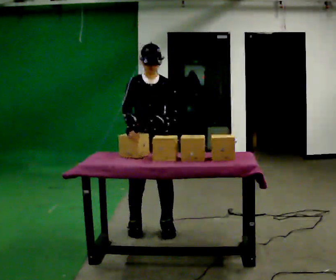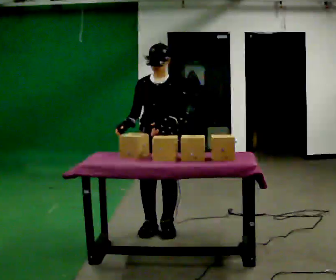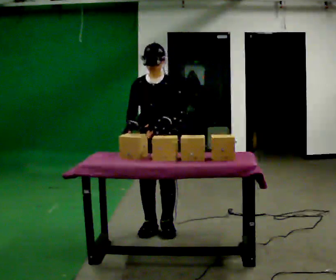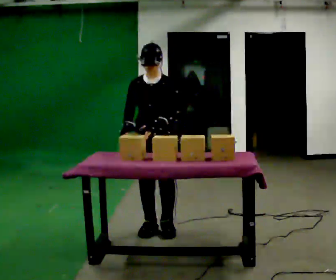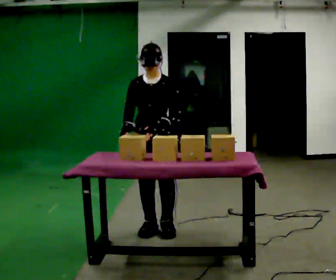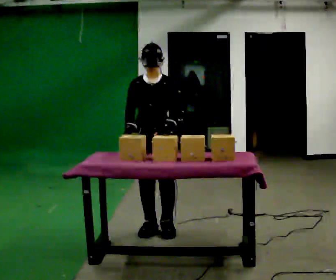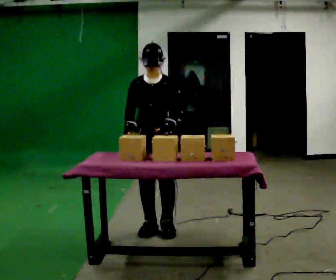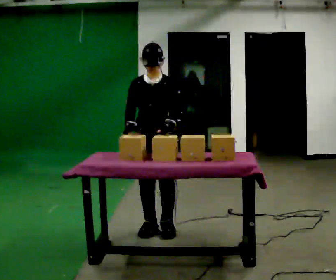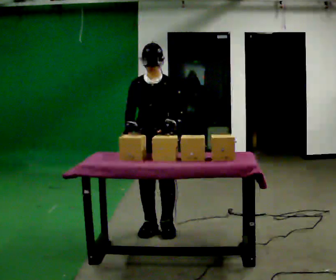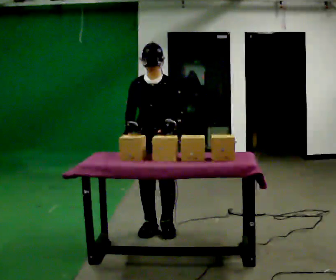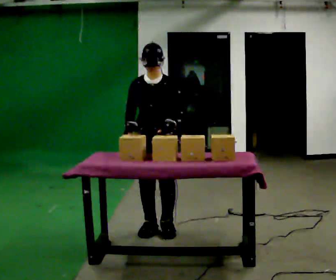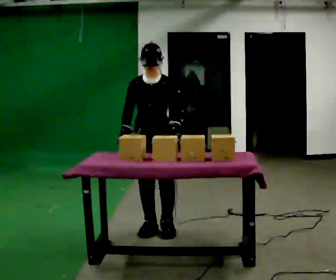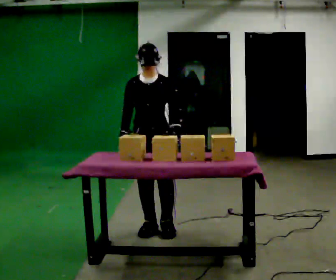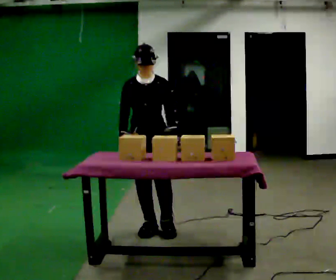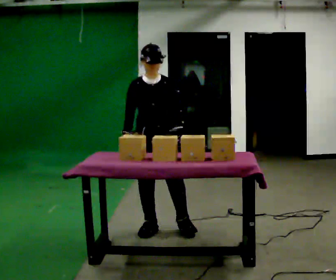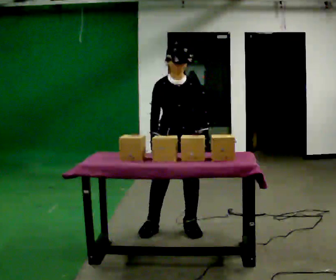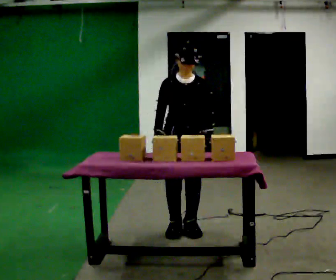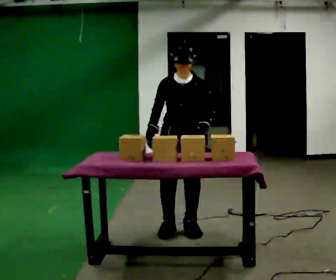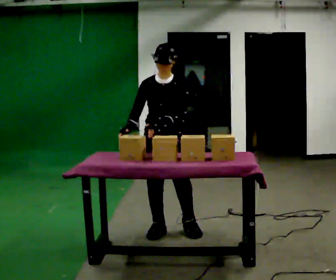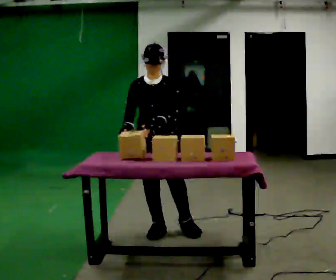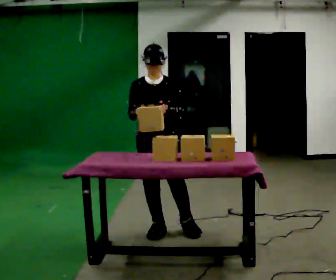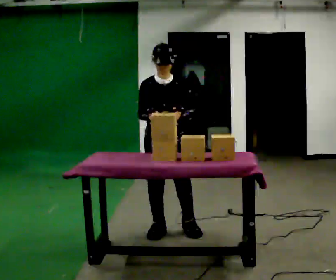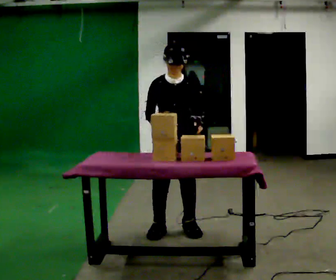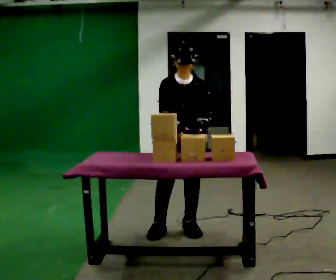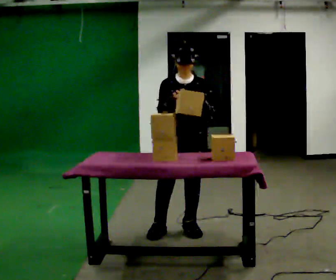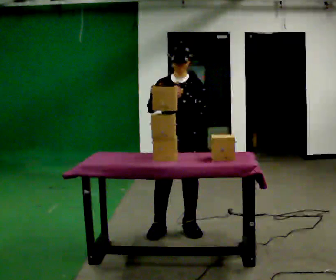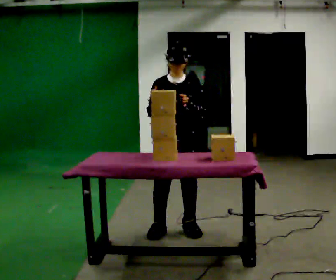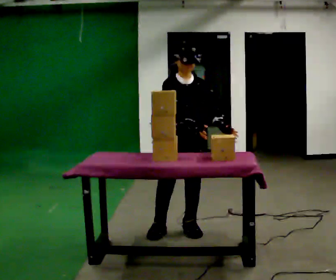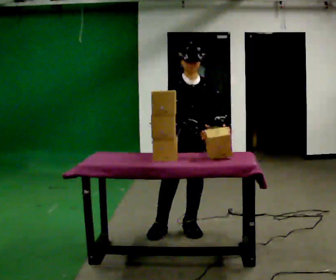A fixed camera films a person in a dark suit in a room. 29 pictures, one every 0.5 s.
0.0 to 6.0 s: The person moves a little, or ends about where they began.
6.0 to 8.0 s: In the picture they go to the right, about 0.25 m in 2 steps, which for them is to their left.
8.0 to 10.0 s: In the picture they go to the left, about 0.25 m, which for them is to their right. In the picture their left hand goes to the left.
10.0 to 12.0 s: In the picture they go to the right, about 0.25 m, which for them is to their left.
12.0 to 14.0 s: The person moves a little, or ends about where they began.
The film runs forward here.
